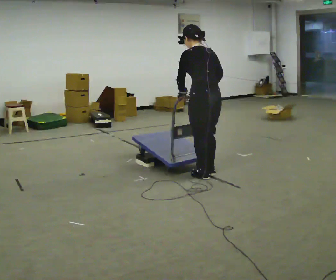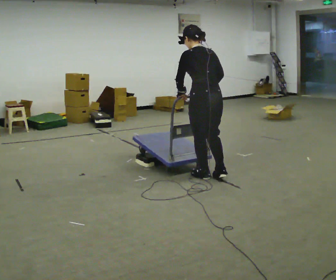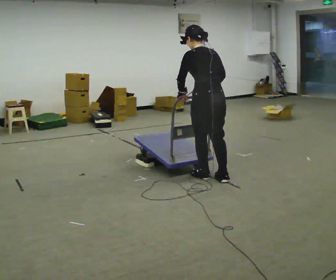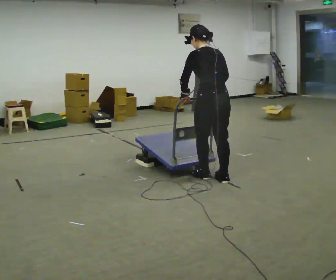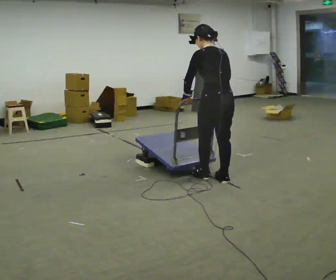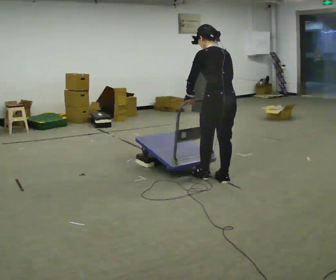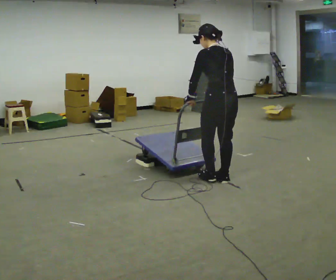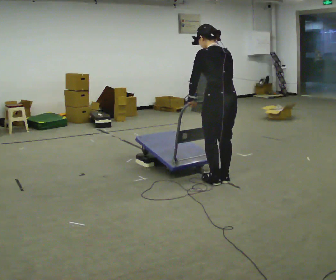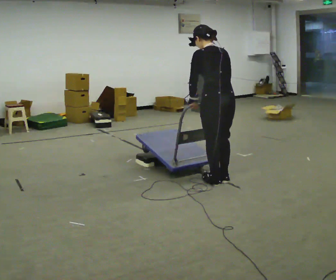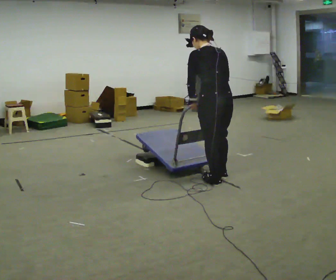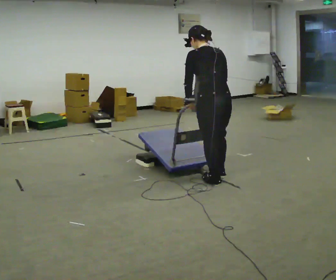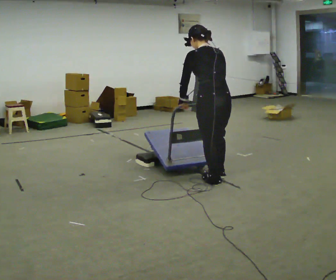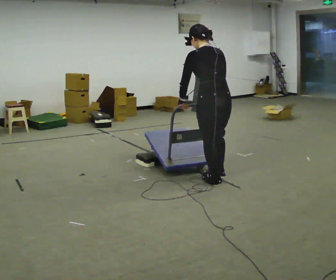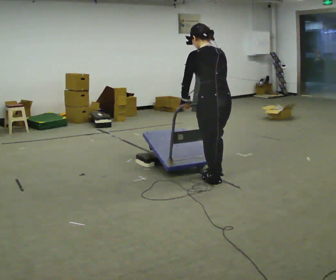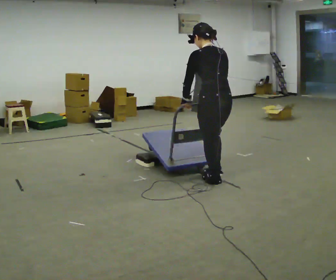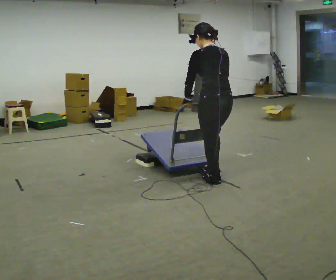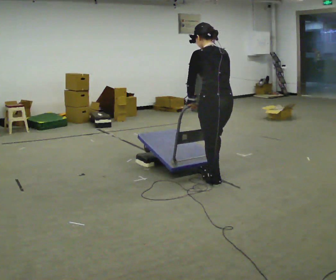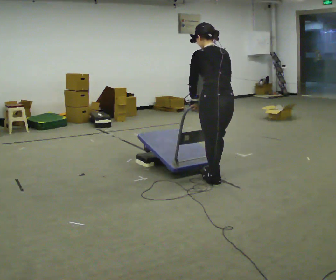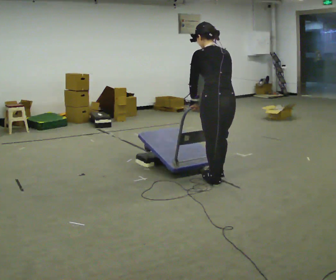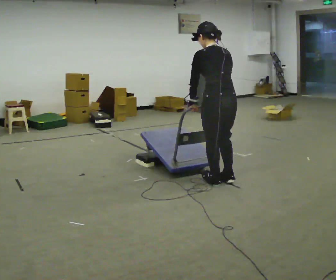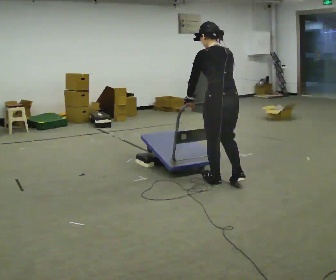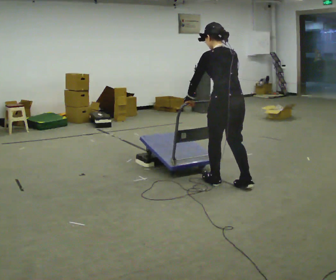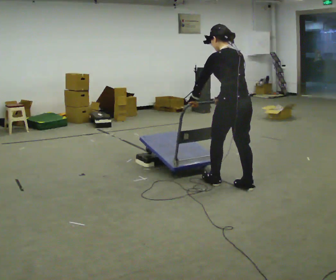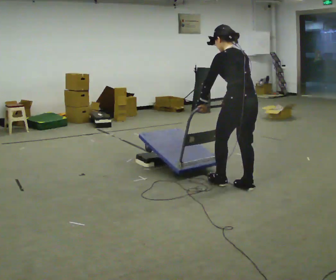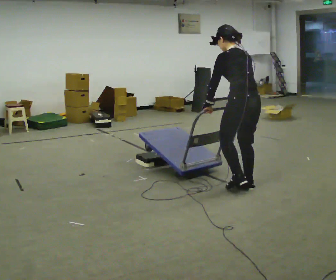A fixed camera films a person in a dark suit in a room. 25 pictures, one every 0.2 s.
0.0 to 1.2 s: In the picture they go to the right, about 0.25 m in 2 steps, which for them is backward.
1.2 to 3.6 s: The person moves a little, or ends about where they began.
3.6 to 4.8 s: In the picture they go to the right, about 0.25 m in 1 step, which for them is backward and to their right.
The film runs backward here.
